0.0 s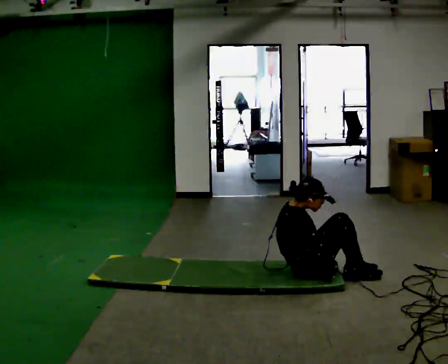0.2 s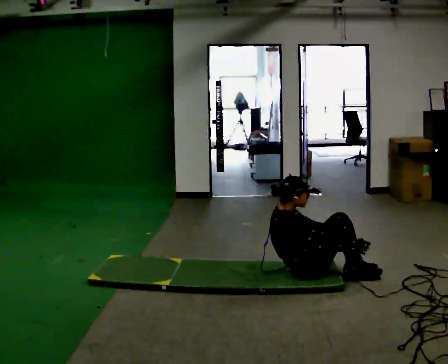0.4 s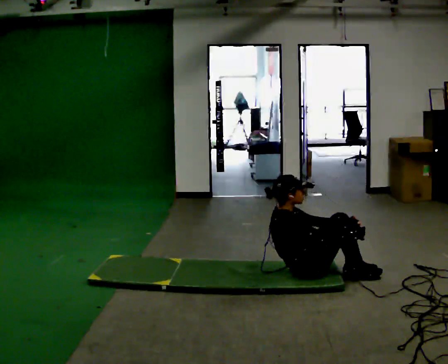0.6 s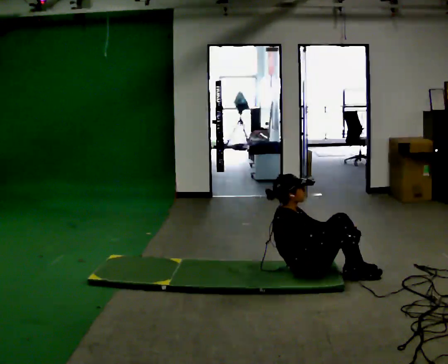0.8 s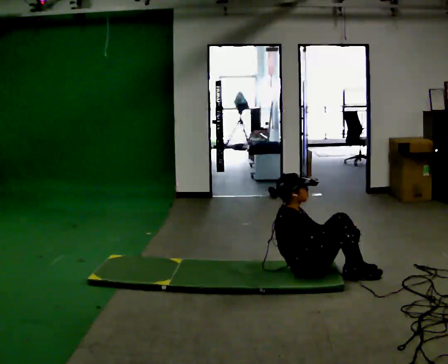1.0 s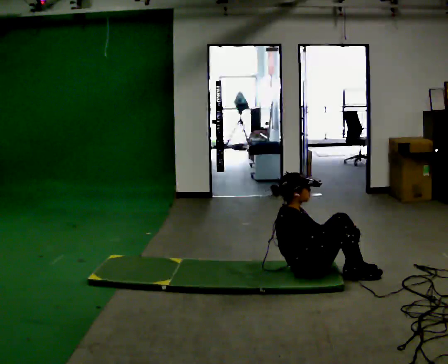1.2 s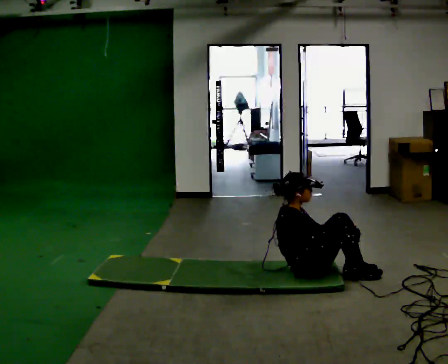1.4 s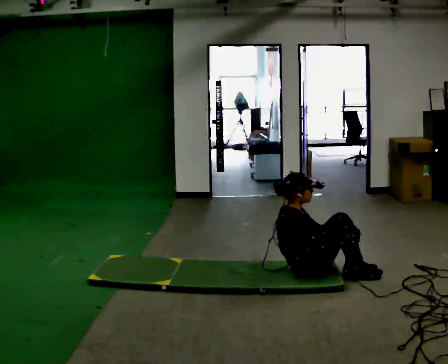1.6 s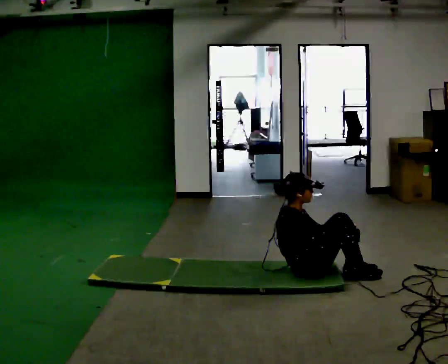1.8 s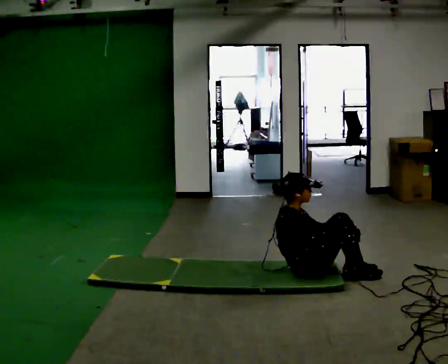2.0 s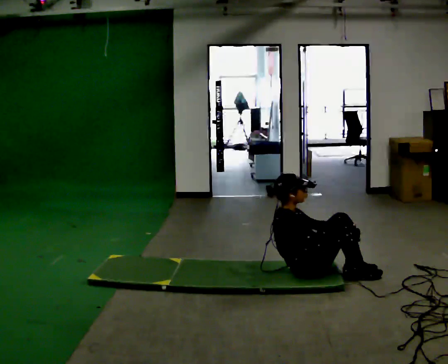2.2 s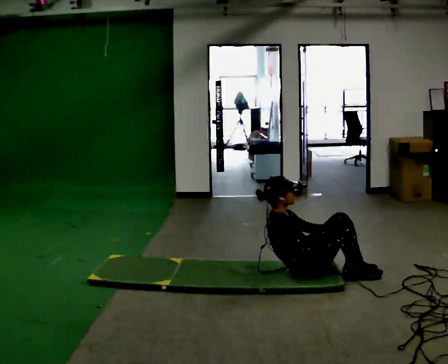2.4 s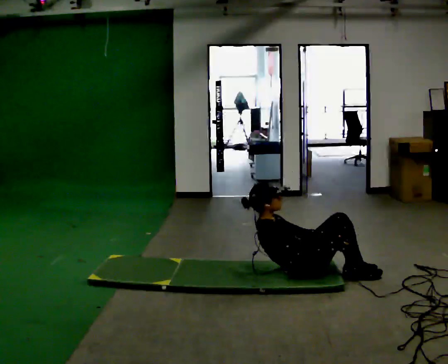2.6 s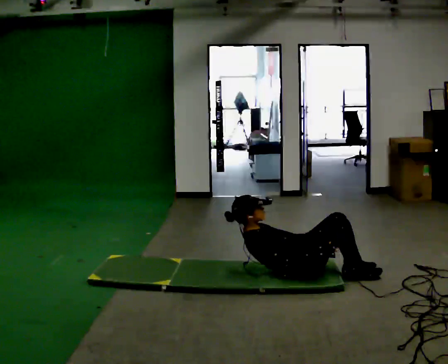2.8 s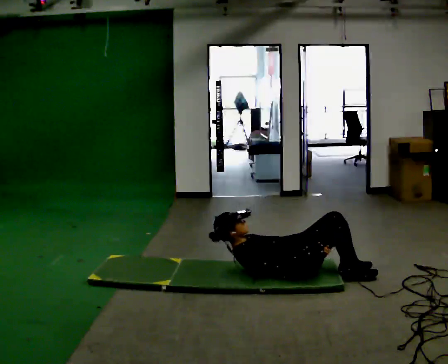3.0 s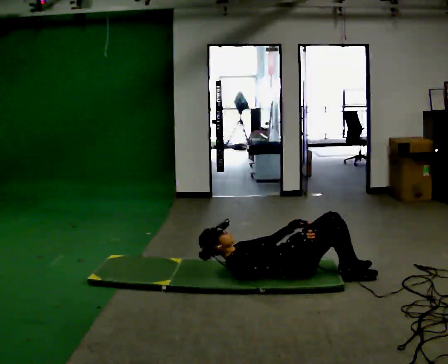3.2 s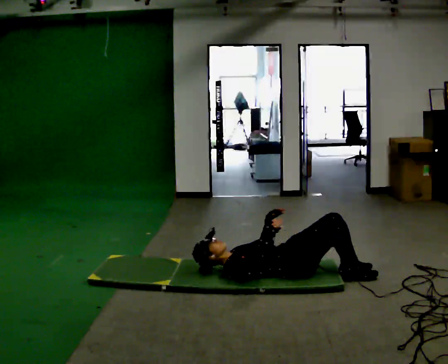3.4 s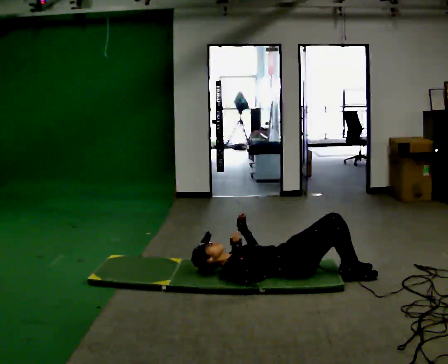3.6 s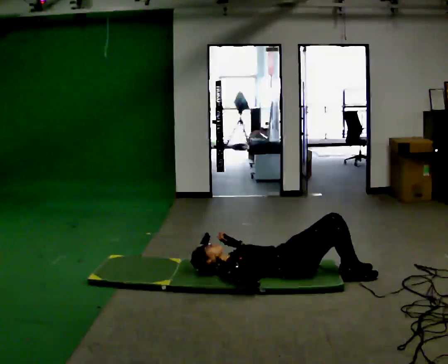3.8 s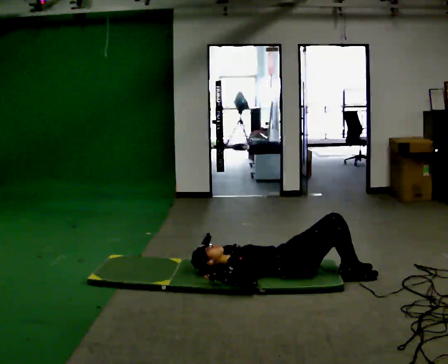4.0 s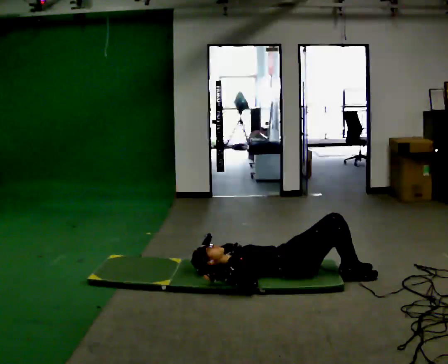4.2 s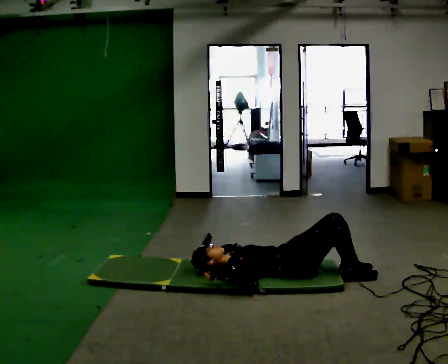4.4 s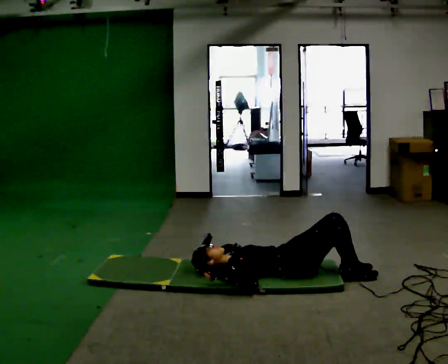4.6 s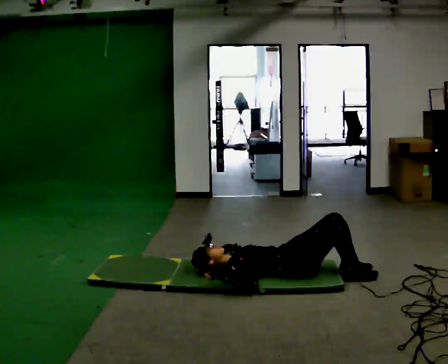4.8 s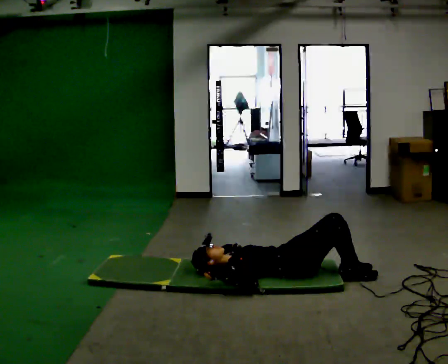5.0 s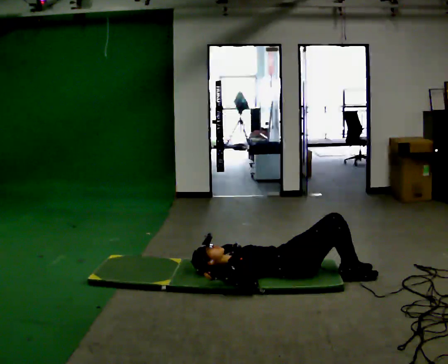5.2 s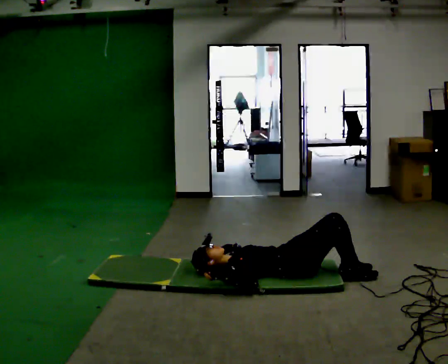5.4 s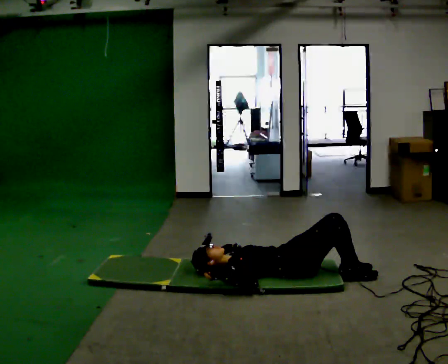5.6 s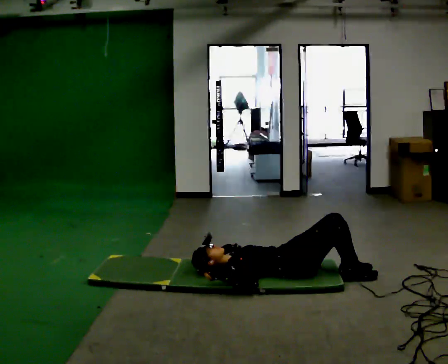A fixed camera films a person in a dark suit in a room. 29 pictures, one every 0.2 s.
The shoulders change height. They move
downward.
The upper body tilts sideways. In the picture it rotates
counterclockwise.
0.0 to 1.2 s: The person moves a little, or ends about where they began.
1.2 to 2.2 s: In the picture the upper body tilts counterclockwise, shoulders to the left, as they lean back or straighten.
2.2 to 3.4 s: The upper body goes downward. In the picture the upper body tilts counterclockwise, shoulders to the left, as they lean back or straighten. In the picture their left hand goes to the left.
3.4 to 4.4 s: The person moves a little, or ends about where they began.
4.4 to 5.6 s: The person keeps their place and pose.
The film runs forward here.
